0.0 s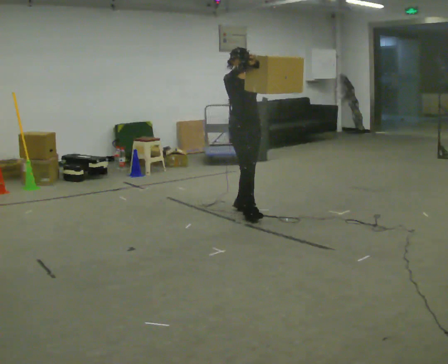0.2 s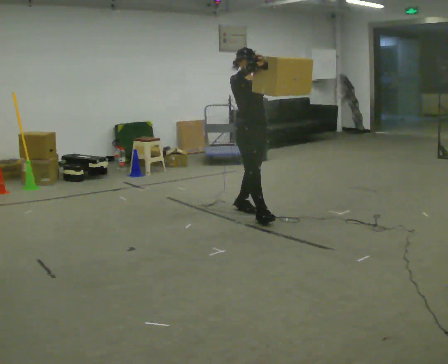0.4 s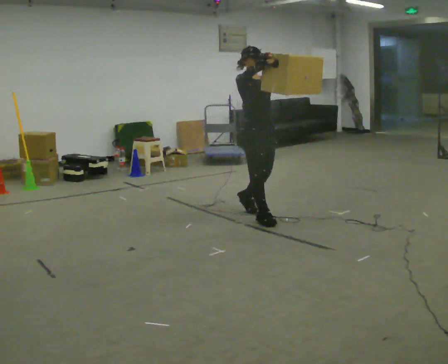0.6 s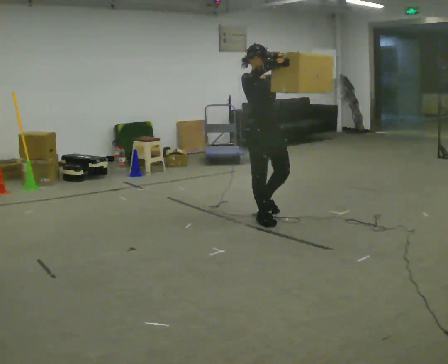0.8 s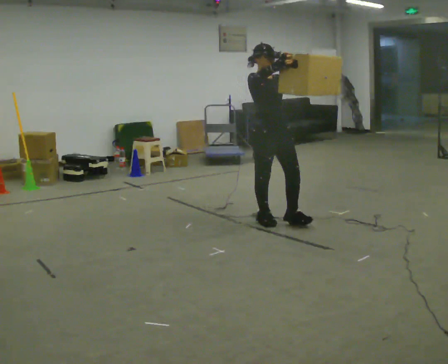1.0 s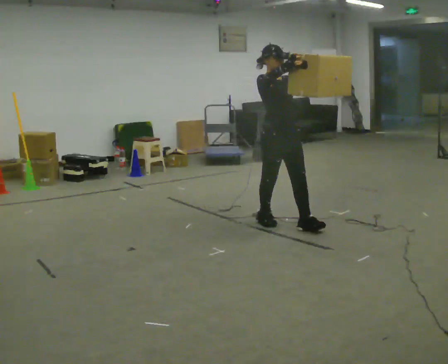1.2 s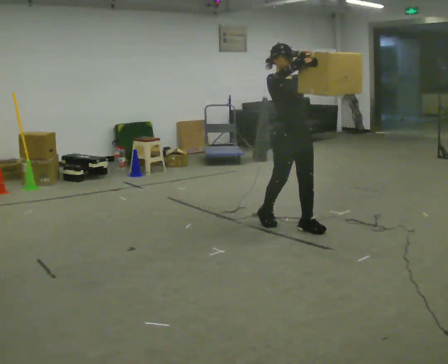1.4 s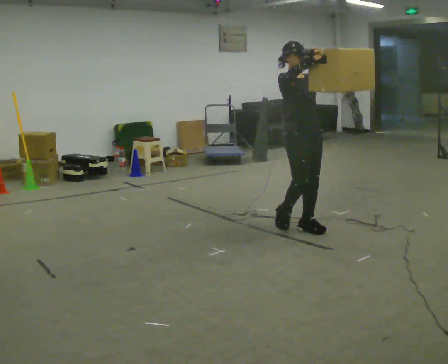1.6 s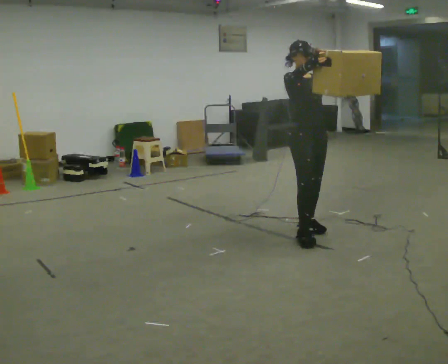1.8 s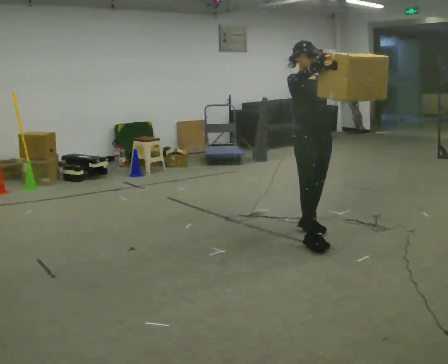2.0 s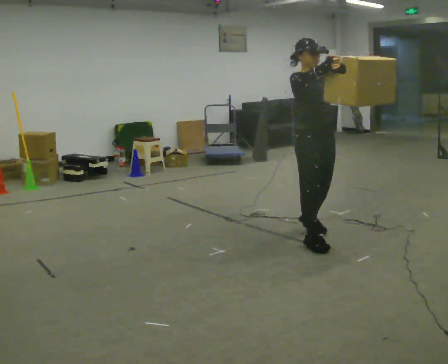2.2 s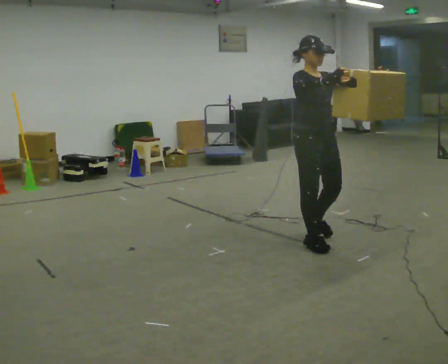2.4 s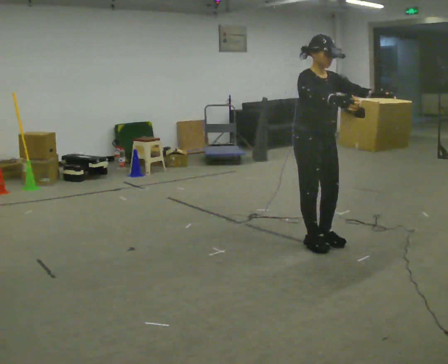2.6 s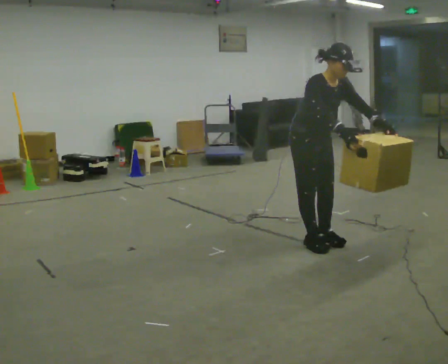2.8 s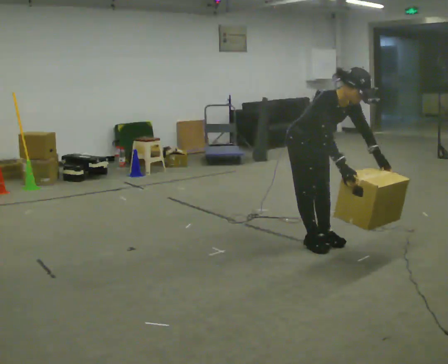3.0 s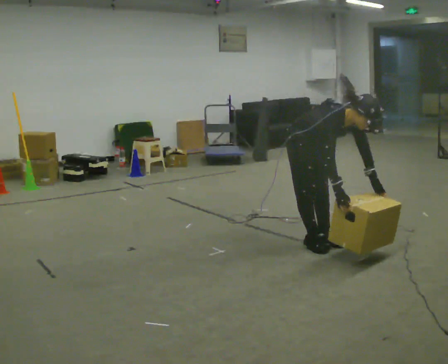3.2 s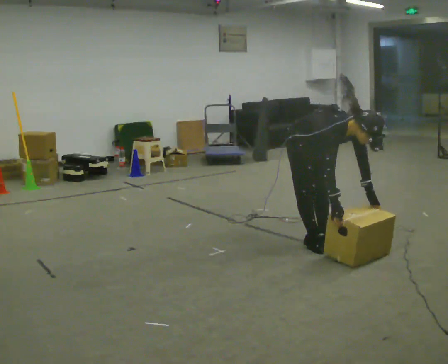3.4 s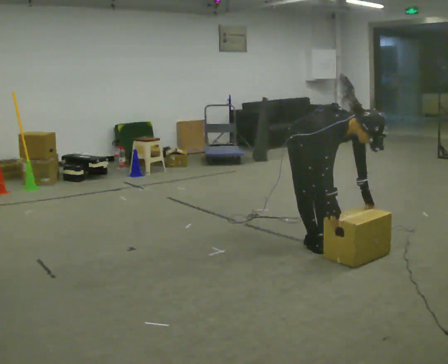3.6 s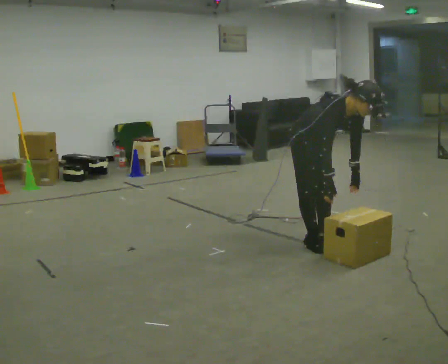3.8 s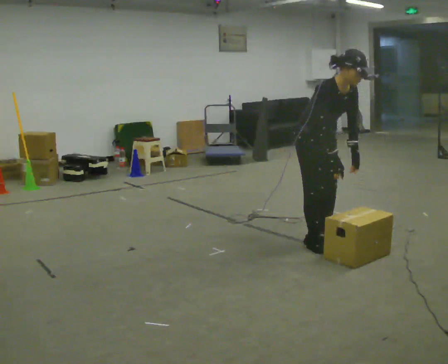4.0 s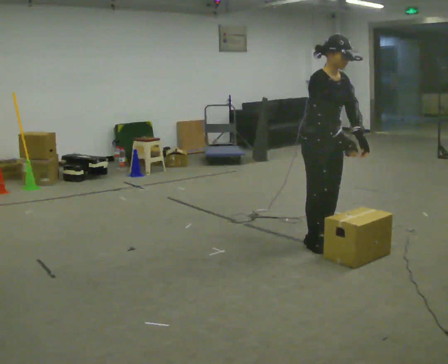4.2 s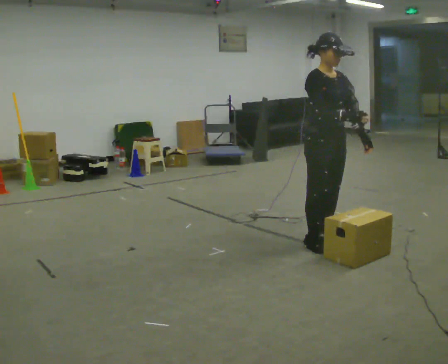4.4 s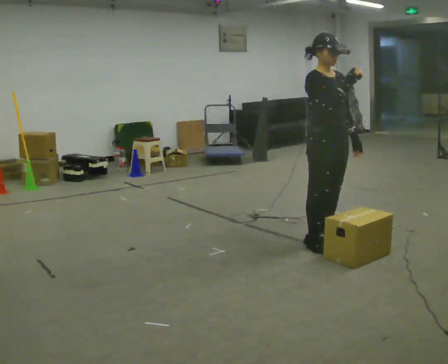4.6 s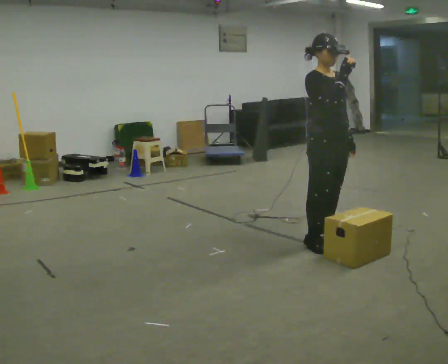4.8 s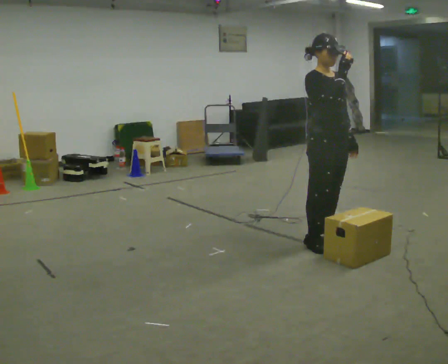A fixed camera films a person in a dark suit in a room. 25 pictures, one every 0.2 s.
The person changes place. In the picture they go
toward the camera.
0.0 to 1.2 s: In the picture they go toward the camera and to the right, about 0.75 m in 2 steps, which for them is forward.
1.2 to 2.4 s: In the picture they go toward the camera, about 0.5 m in 2 steps, which for them is forward. In the picture the upper body tilts clockwise, shoulders to the right, as they bend forward.
2.4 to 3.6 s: In the picture their left hand goes downward, the arm swinging clockwise.
3.6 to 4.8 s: The shoulders move upward. In the picture the upper body tilts counterclockwise, shoulders to the left, as they lean back or straighten. In the picture their right hand goes upward.
The film runs forward here.
